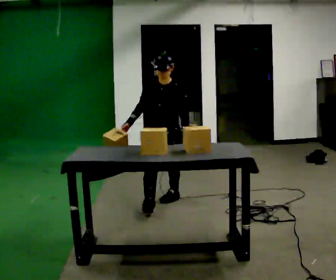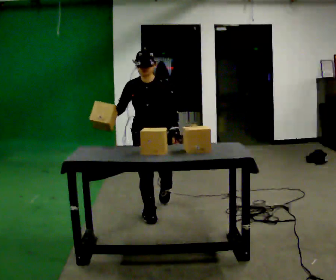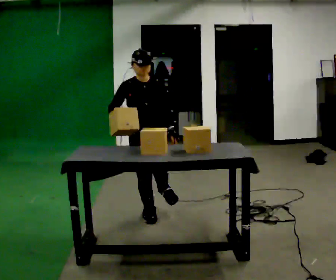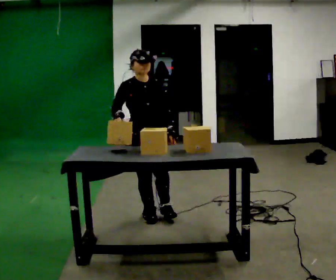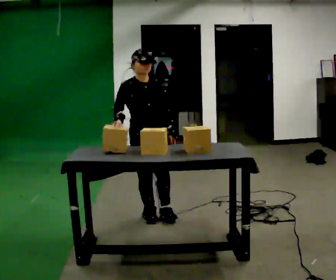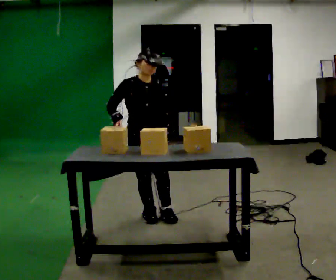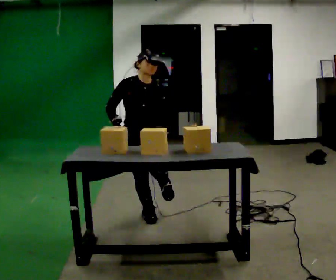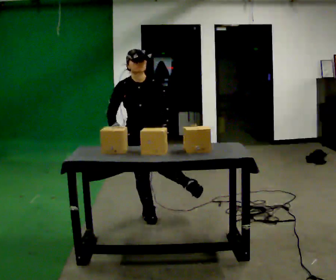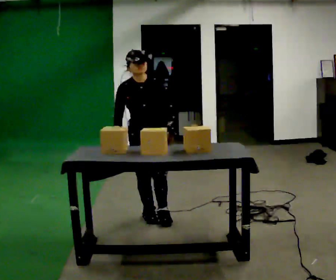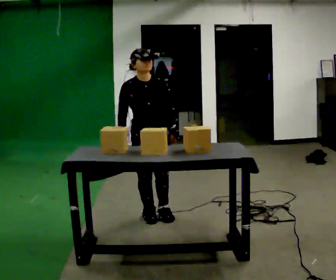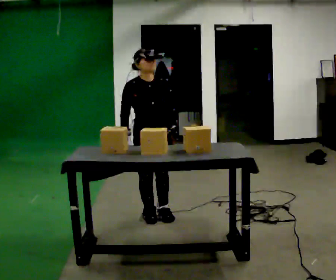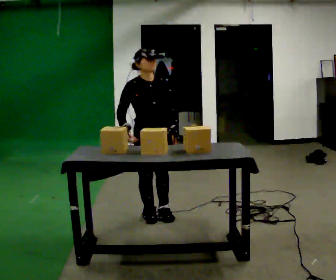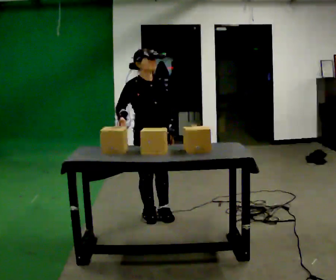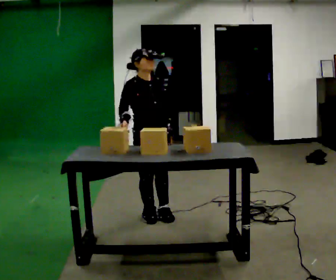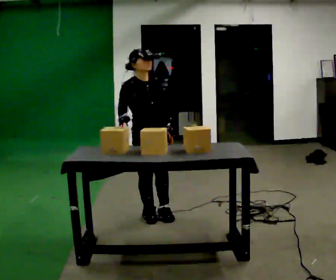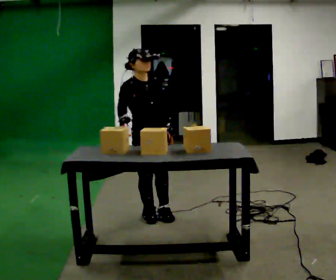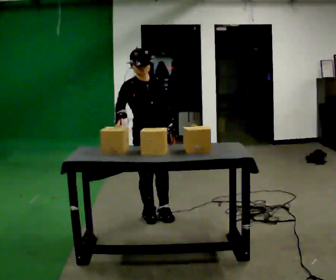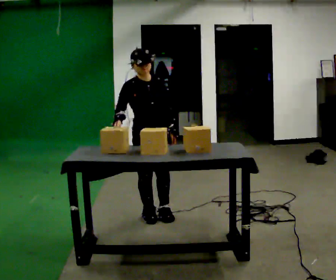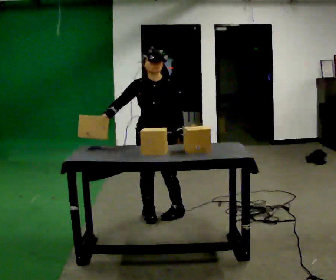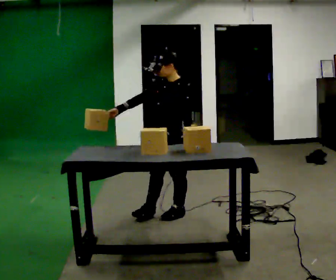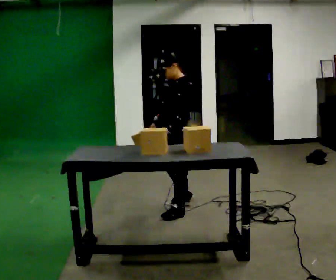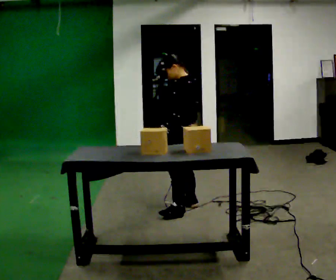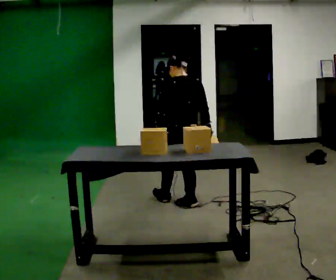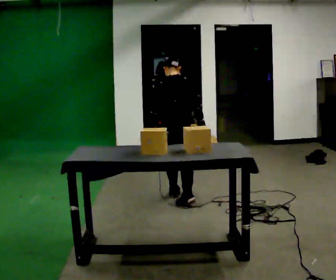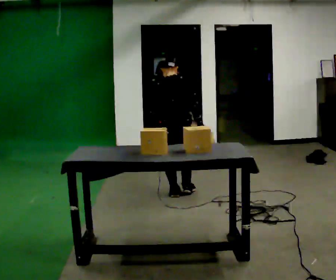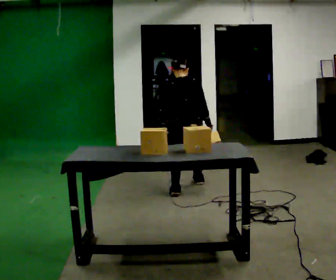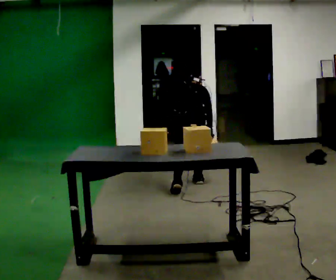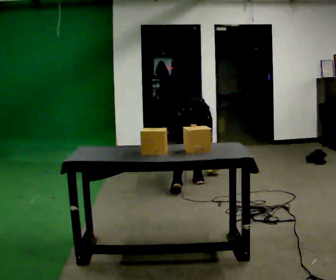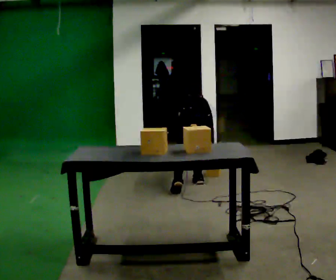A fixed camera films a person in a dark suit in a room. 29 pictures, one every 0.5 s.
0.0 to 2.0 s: The part of the body nearest the lens slides to the right as the person turns to their left by about 30 degrees. In the picture they go toward the camera and to the left, about 0.5 m in 2 steps, which for them is forward and to their right.
2.0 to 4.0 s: The person moves a little, or ends about where they began.
4.0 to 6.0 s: Seen from above the body turns counterclockwise, about 30 degrees: to their left, with its near side sliding to the right.
6.0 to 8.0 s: The person moves a little, or ends about where they began.
8.0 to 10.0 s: The part of the body nearest the lens slides to the left as the person turns to their right by about 105 degrees. In the picture they go to the right, about 0.25 m in 1 step.
10.0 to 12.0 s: Seen from above the body turns clockwise, about 105 degrees: to their right, with its near side sliding to the left. In the picture they go away from the camera, about 0.5 m in 2 steps.
12.0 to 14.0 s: In the picture they go away from the camera and to the right, about 0.25 m in 1 step, which for them is to their right and forward. The upper body tips away from the camera, its near side rolling upward, as they bend forward. In the picture their right hand goes downward.
The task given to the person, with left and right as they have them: Take an object off the waist-height shelf, carry it across the room, and set it down on the floor. Keep going until the operator says stop; one object at a time, and do not rush between trips.
The film runs forward here.
